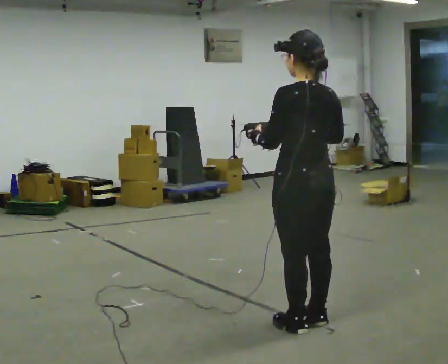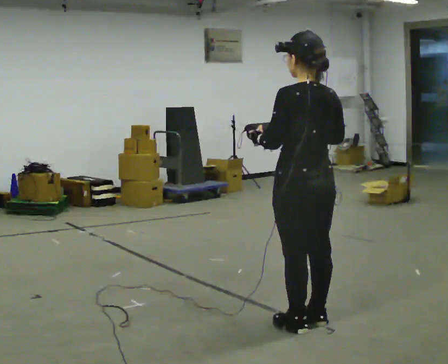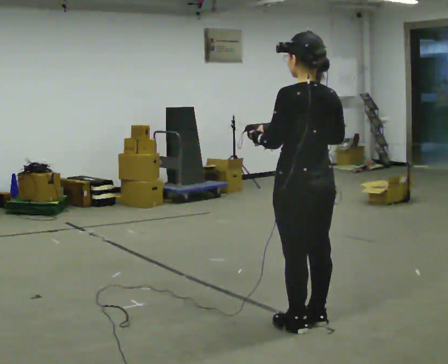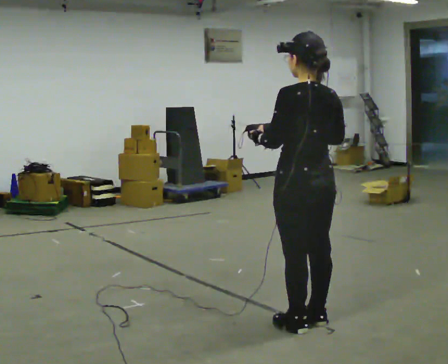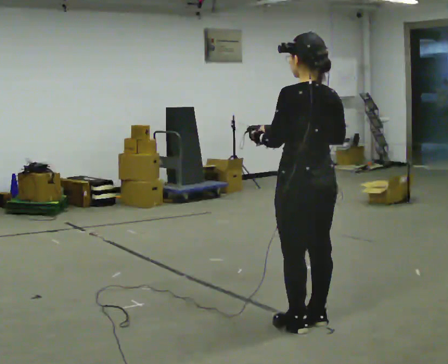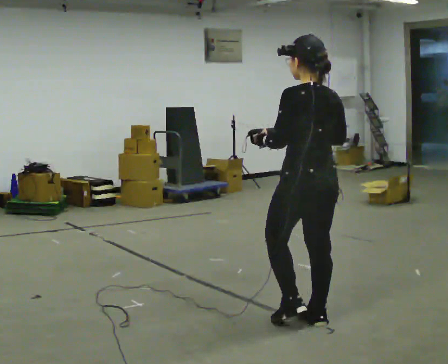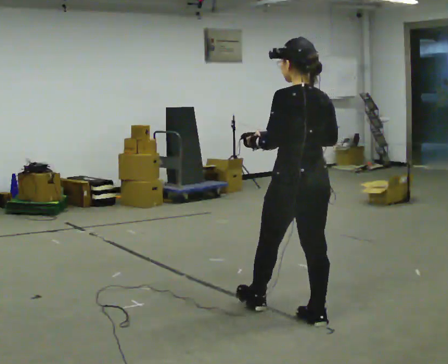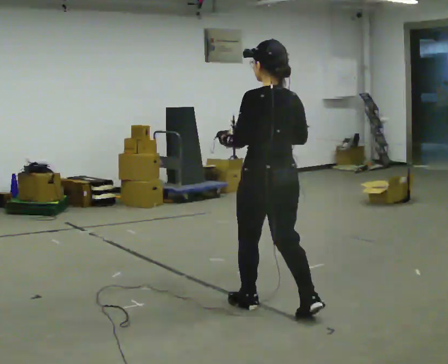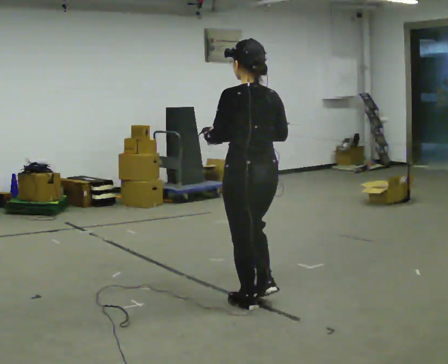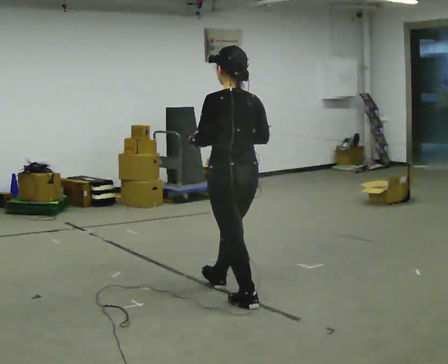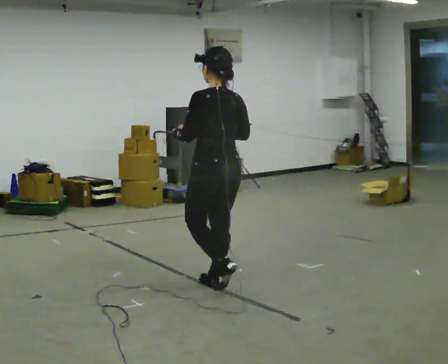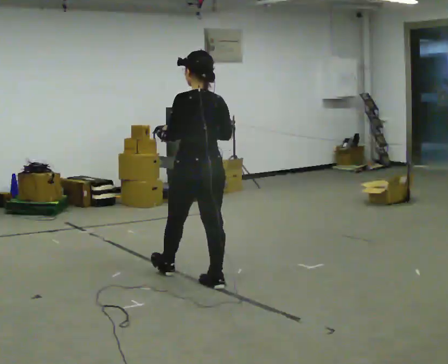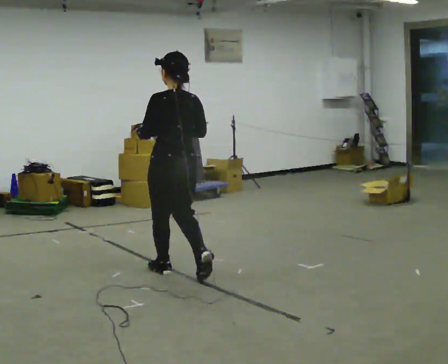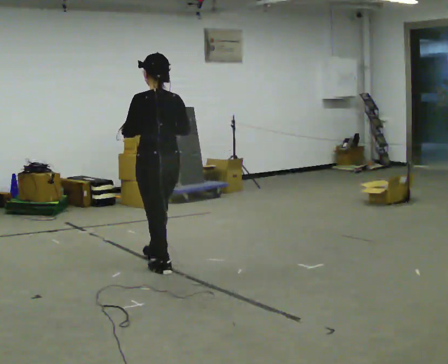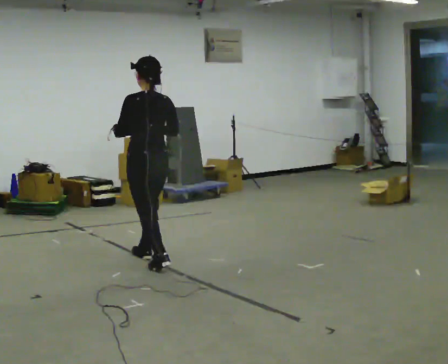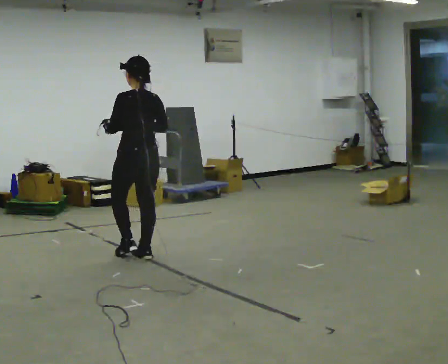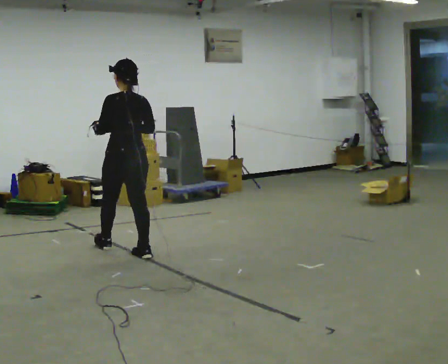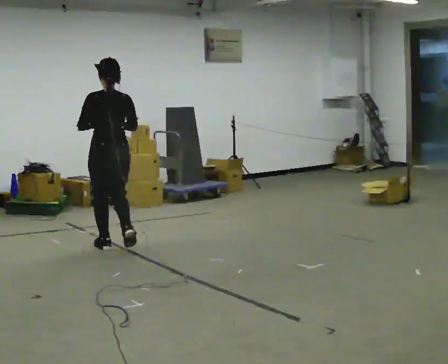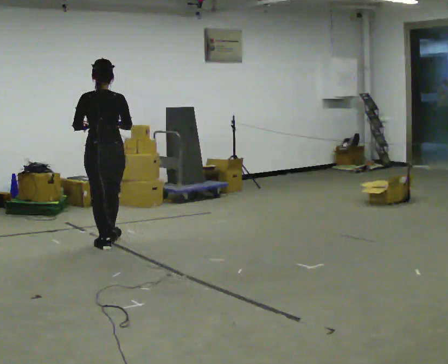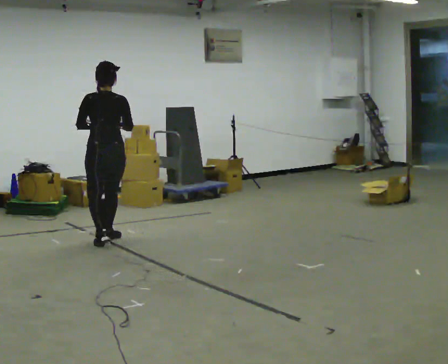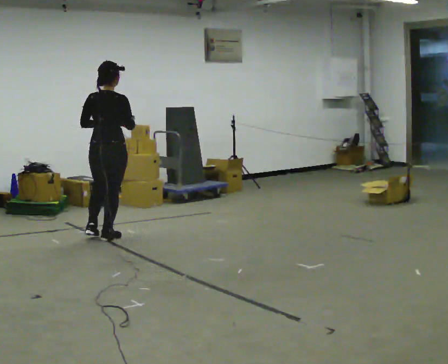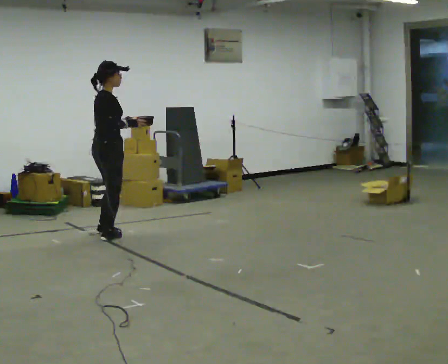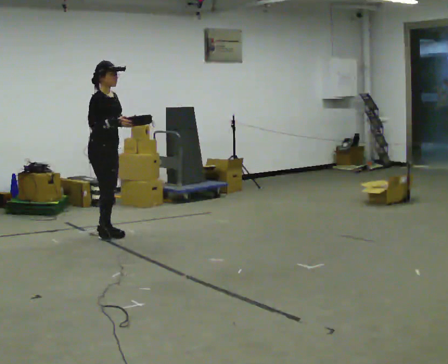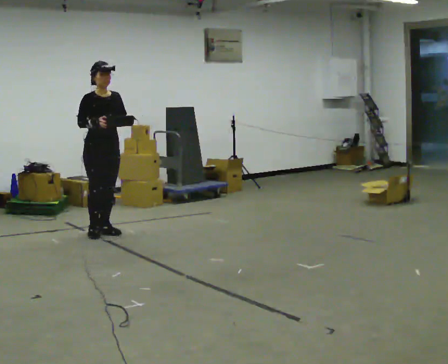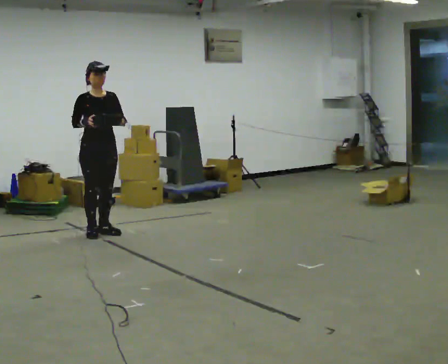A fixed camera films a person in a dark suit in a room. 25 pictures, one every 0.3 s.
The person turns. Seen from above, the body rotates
clockwise.
The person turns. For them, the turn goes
to their right.
0.0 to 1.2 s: The person moves a little, or ends about where they began.
1.2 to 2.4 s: In the picture they go away from the camera and to the left, about 0.5 m in 1 step, which for them is forward.
2.4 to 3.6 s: In the picture they go away from the camera and to the left, about 1 m in 2 steps, which for them is forward.
3.6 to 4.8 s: In the picture they go away from the camera and to the left, about 1 m in 2 steps, which for them is forward.
4.8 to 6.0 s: Seen from above the body turns clockwise, about 45 degrees: to their right, with its near side sliding to the left. In the picture they go away from the camera and to the left, about 0.5 m in 1 step, which for them is forward.
6.0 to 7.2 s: Seen from above the body turns clockwise, about 135 degrees: to their right, with its near side sliding to the left. In the picture they go away from the camera, about 0.25 m in 2 steps.
The film runs forward here.
